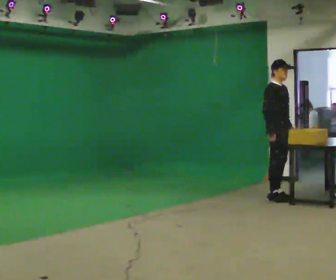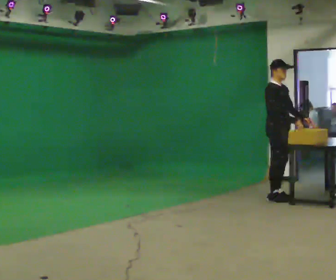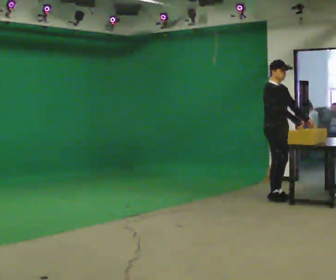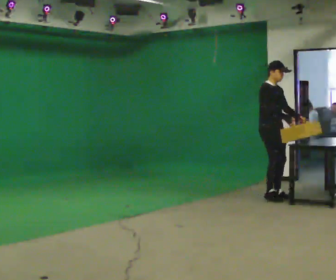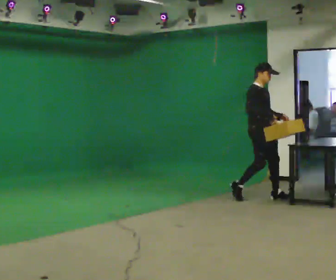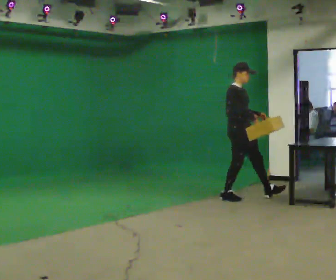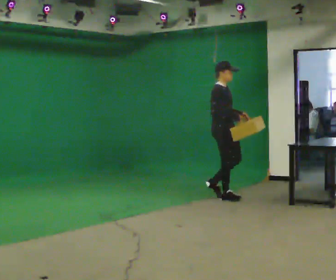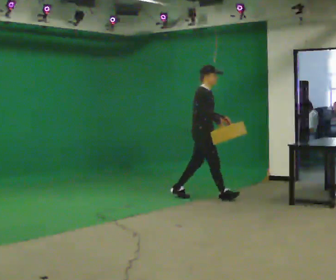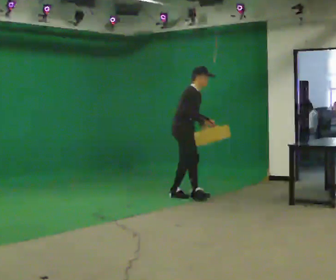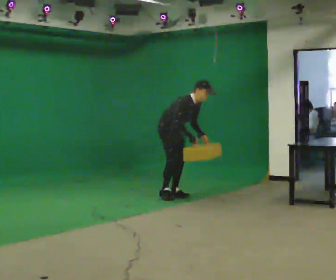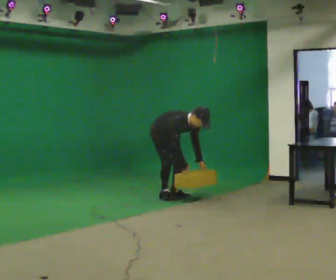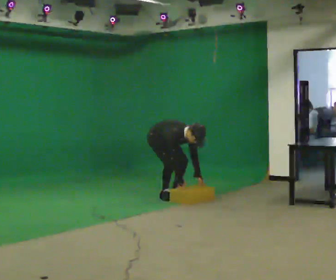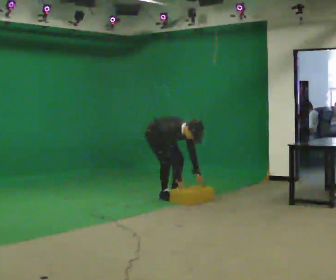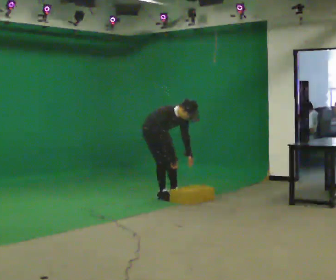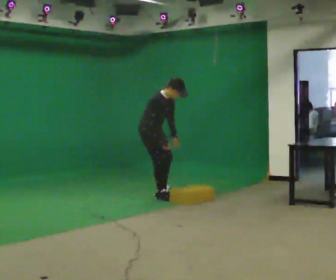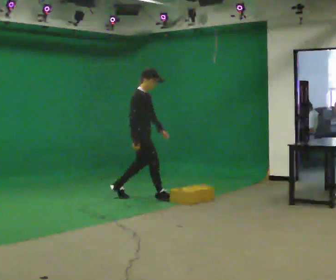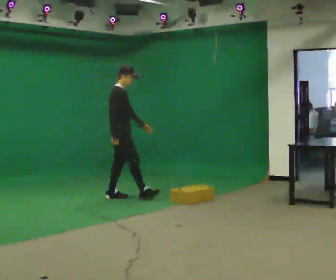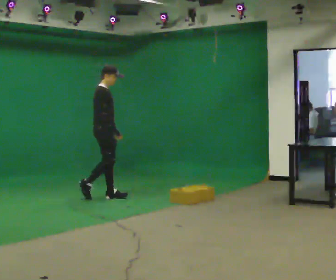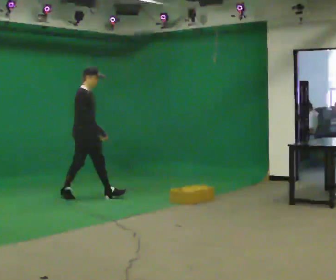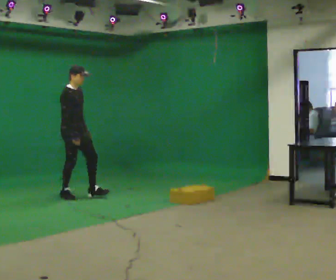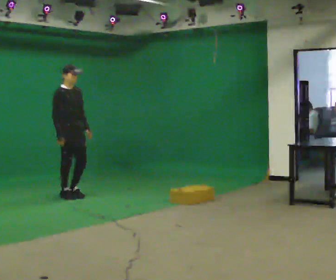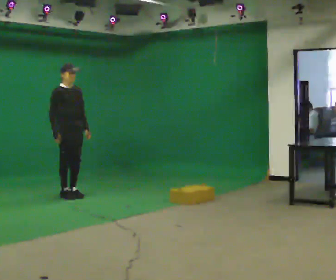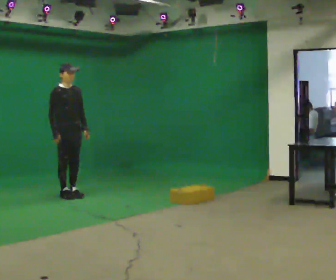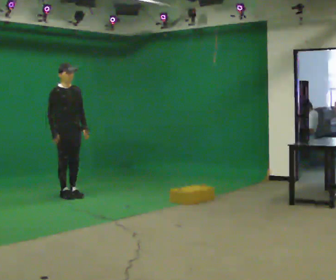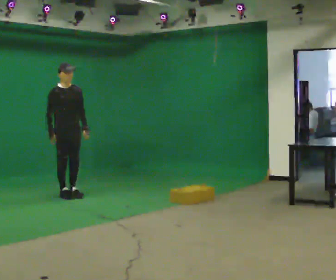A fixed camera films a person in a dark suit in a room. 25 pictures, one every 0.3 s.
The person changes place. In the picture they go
to the left.
0.0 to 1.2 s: In the picture they go to the left, about 0.25 m in 1 step, which for them is backward.
1.2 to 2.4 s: In the picture they go to the left, about 1 m in 2 steps, which for them is backward. In the picture the upper body tilts clockwise, shoulders to the right, as they bend forward.
2.4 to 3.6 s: In the picture they go to the left, about 0.25 m, which for them is backward. The shoulders move downward. The upper body tips toward the camera, its near side rolling downward, as they bend forward. In the picture their right hand goes downward.
3.6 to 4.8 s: The part of the body nearest the lens slides to the right as the person turns to their left by about 45 degrees. In the picture they go to the left, about 0.5 m in 2 steps, which for them is backward and to their right. The shoulders move upward. In the picture the upper body tilts counterclockwise, shoulders to the left, as they lean back or straighten. In the picture their left hand goes upward.
4.8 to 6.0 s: The part of the body nearest the lens slides to the left as the person turns to their right by about 45 degrees. In the picture they go to the left, about 0.75 m in 1 step, which for them is backward.
6.0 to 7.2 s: The person moves a little, or ends about where they began.
The film runs backward here.
